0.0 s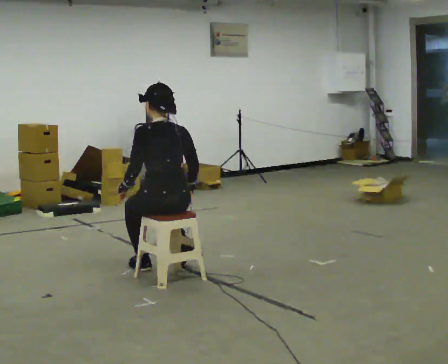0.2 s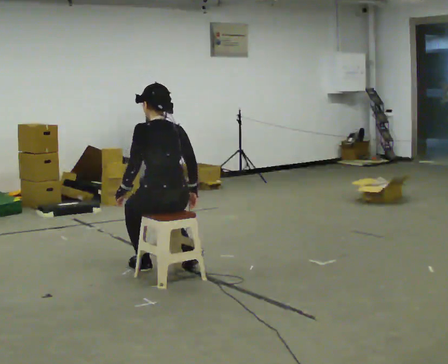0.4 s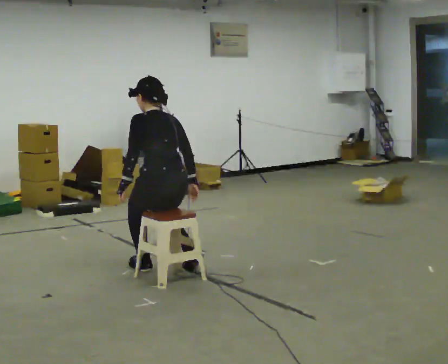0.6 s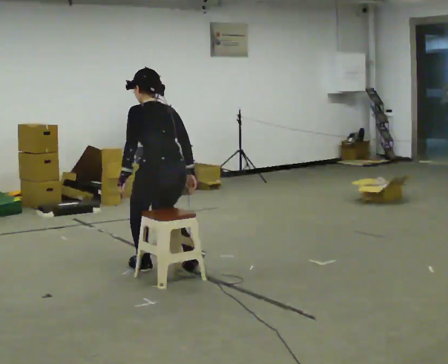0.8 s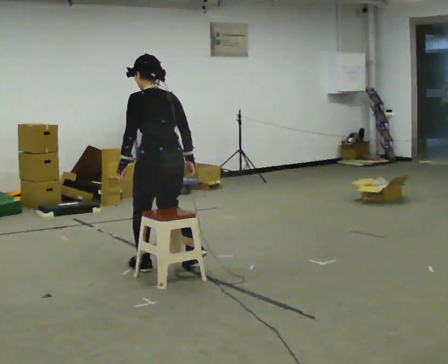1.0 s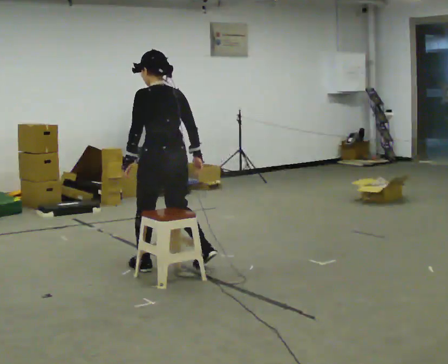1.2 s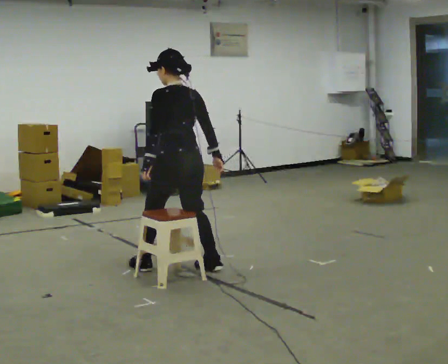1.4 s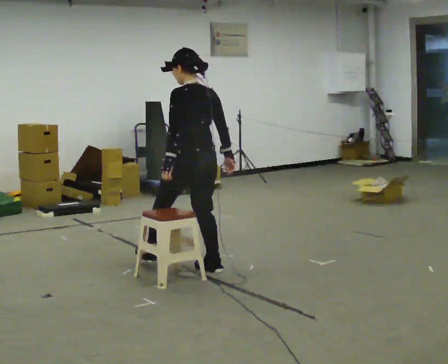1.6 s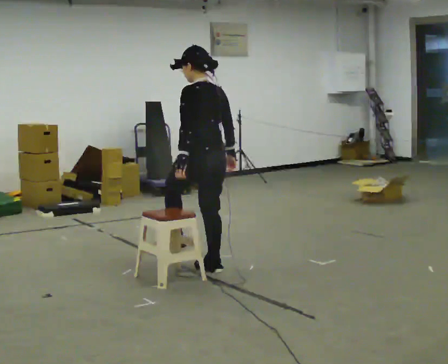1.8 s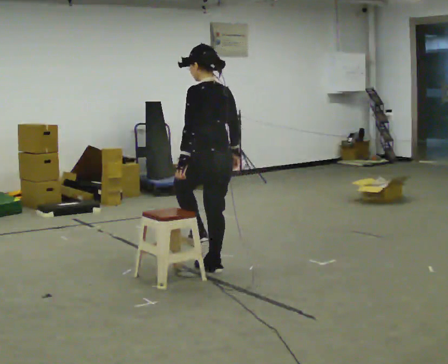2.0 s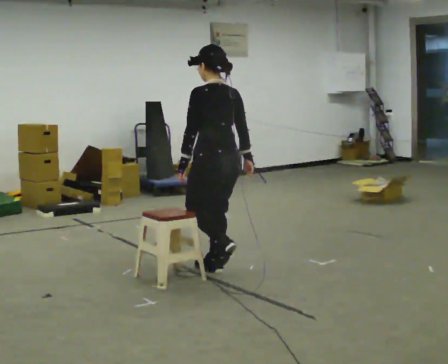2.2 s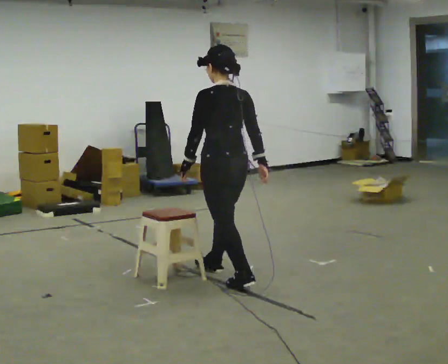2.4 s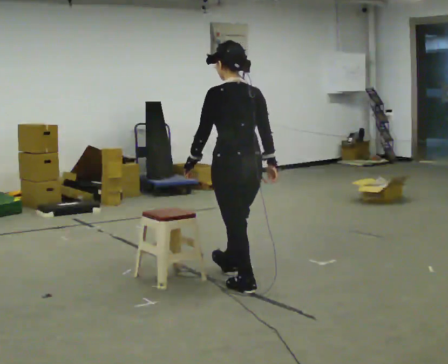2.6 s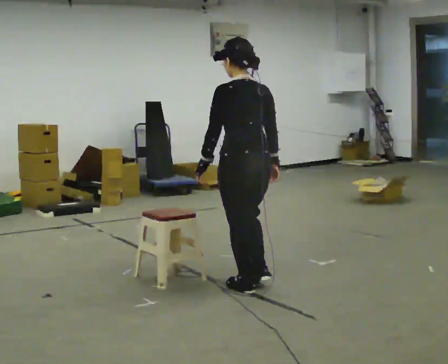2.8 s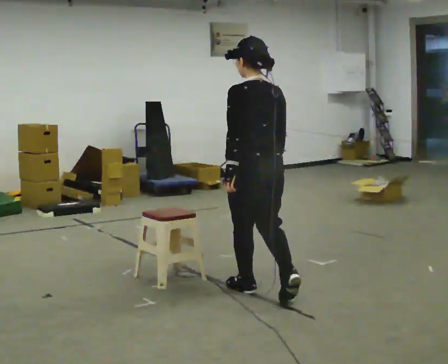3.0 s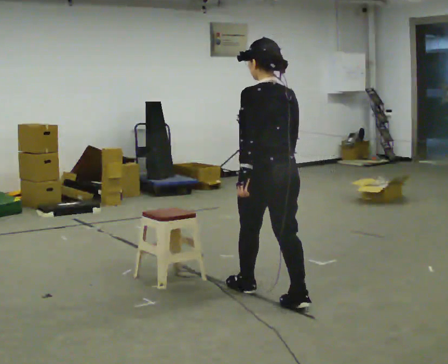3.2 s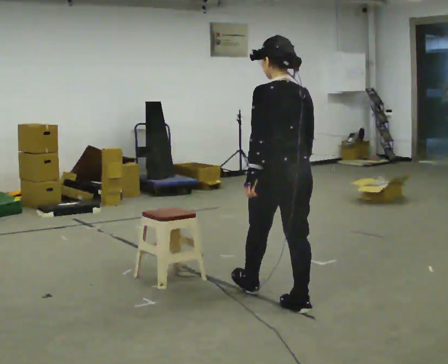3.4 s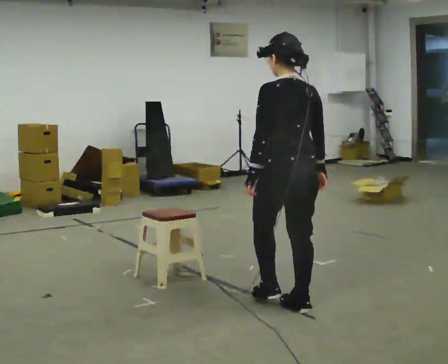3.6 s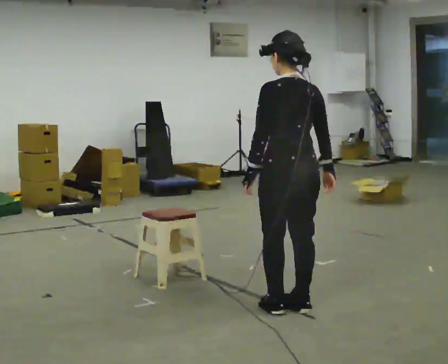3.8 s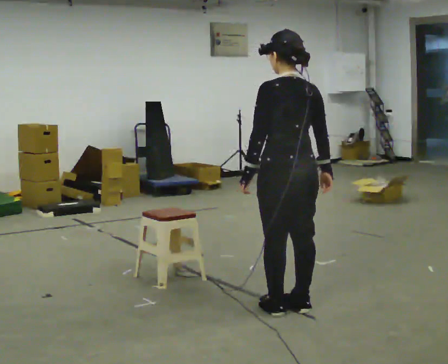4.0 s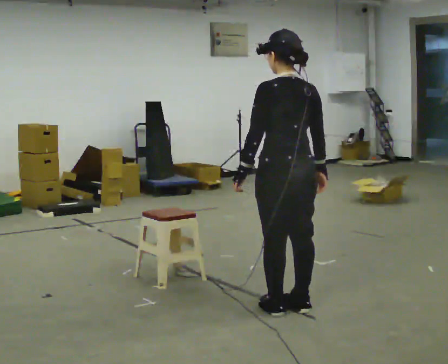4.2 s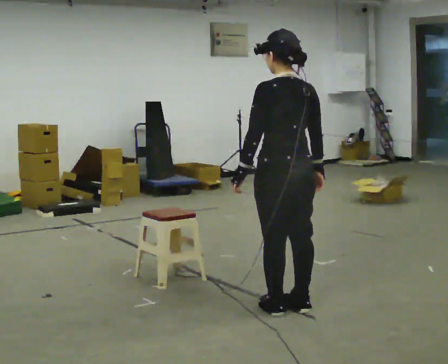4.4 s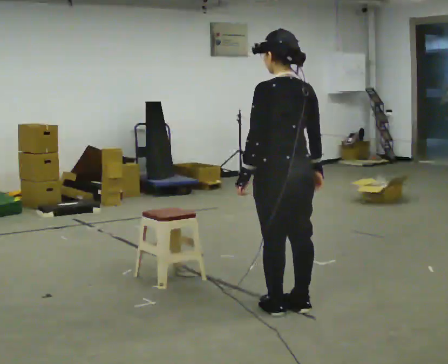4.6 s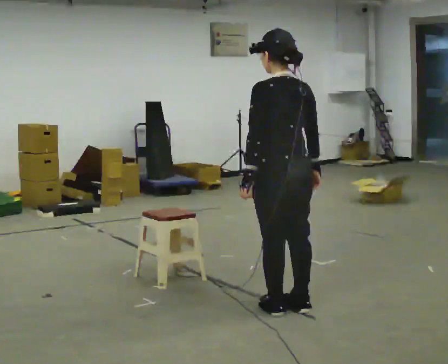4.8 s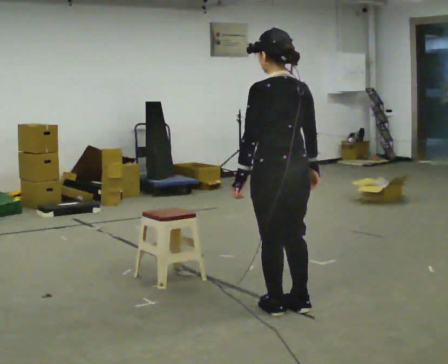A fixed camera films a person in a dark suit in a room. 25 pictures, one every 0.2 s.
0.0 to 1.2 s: In the picture they go away from the camera, about 0.25 m in 1 step, which for them is to their right and forward. The shoulders move upward.
1.2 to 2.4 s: In the picture they go to the right and toward the camera, about 0.5 m in 2 steps, which for them is backward.
2.4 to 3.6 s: In the picture they go toward the camera and to the right, about 0.5 m in 1 step, which for them is backward.
3.6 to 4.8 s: The person moves a little, or ends about where they began.
The film runs backward here.
